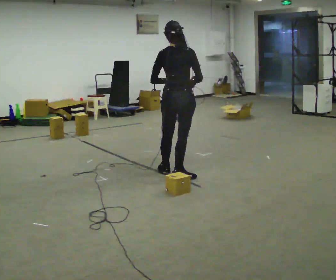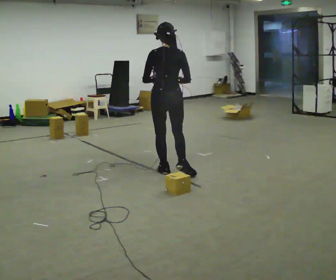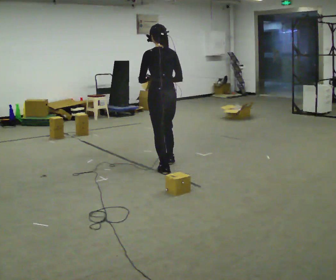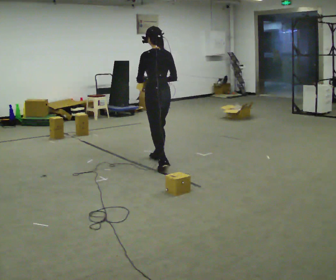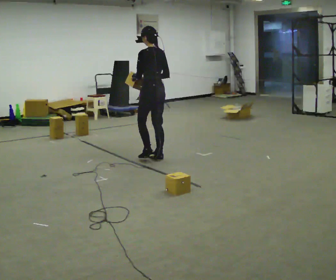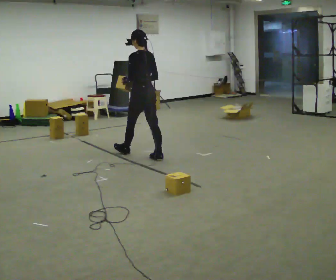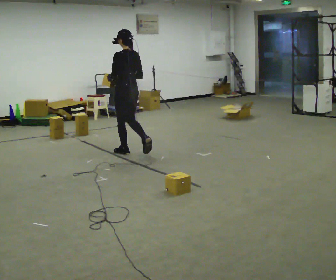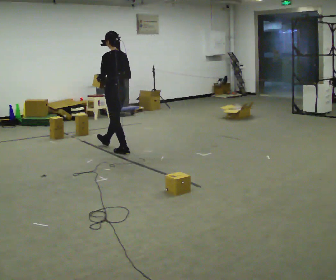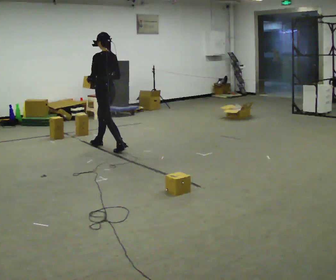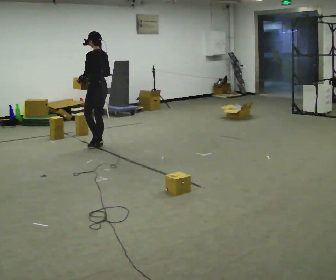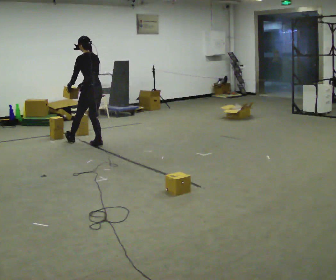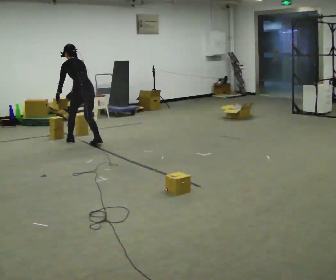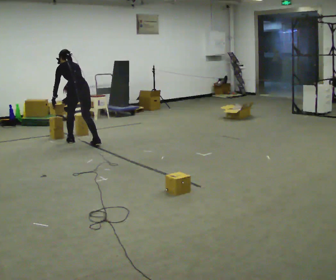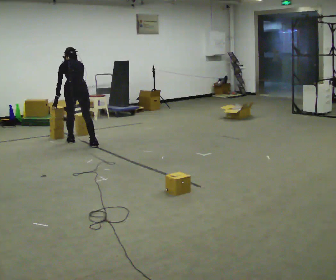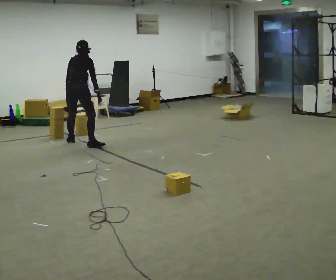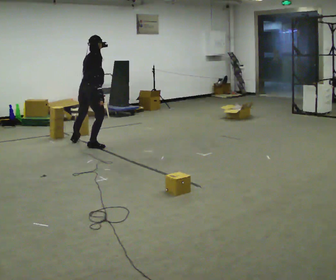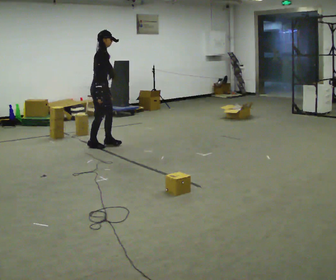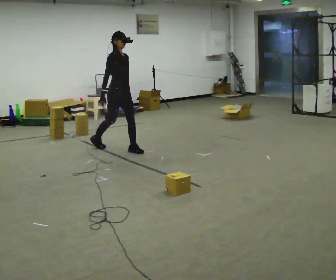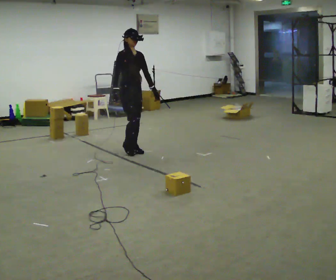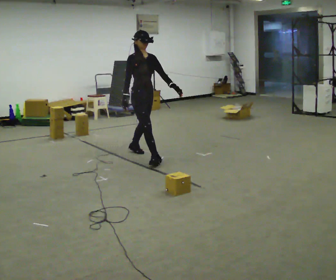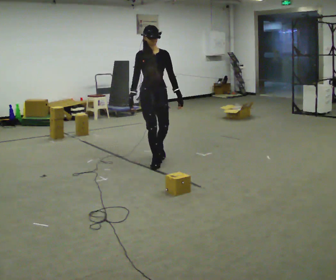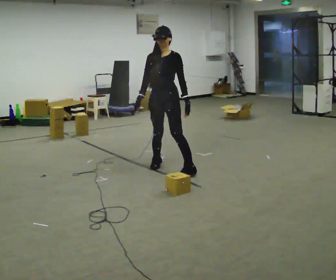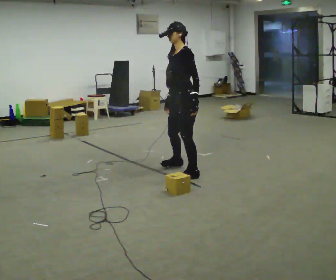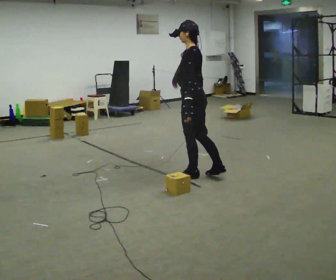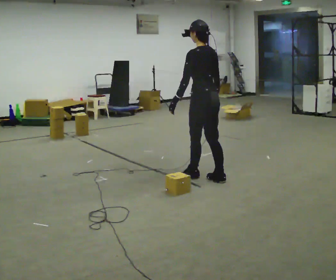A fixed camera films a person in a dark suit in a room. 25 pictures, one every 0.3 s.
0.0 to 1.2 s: Seen from above the body turns counterclockwise, about 60 degrees: to their left, with its near side sliding to the right. In the picture they go away from the camera, about 0.75 m in 1 step.
1.2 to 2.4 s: In the picture they go away from the camera and to the left, about 1 m in 2 steps, which for them is forward.
2.4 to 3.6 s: The person turns about 30 degrees to their right, clockwise seen from above, so the part of the body nearest the lens slides to the left. In the picture they go to the left and away from the camera, about 0.5 m in 1 step, which for them is forward and to their left. The shoulders move downward. The upper body tips away from the camera, its near side rolling upward, as they bend forward. In the picture their left hand goes downward.
3.6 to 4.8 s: Seen from above the body turns clockwise, about 135 degrees: to their right, with its near side sliding to the left. In the picture they go to the right and toward the camera, about 0.5 m in 1 step. The shoulders move upward. The upper body tips toward the camera, its near side rolling downward, as they lean back or straighten.
4.8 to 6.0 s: The part of the body nearest the lens slides to the left as the person turns to their right by about 60 degrees. In the picture they go toward the camera and to the right, about 1 m in 2 steps.
6.0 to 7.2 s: The person turns about 150 degrees to their right, clockwise seen from above, so the part of the body nearest the lens slides to the left. In the picture they go toward the camera and to the right, about 1 m in 2 steps.
The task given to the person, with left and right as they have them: Carry the box straight from one end of the room to the other, set it down, then bring it back. Keep going until the operator says stop; one object at a time, and do not rush between trips.
The film runs forward here.
